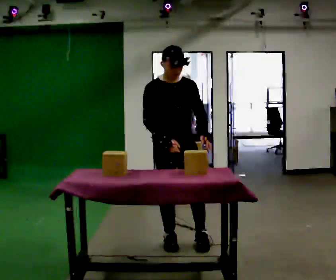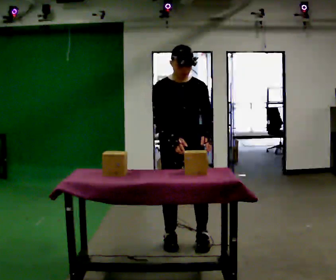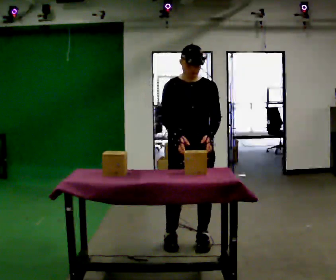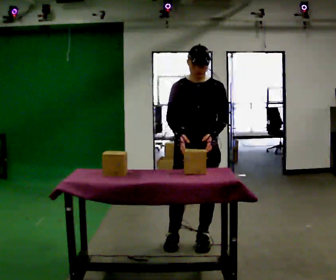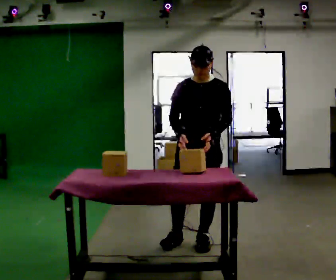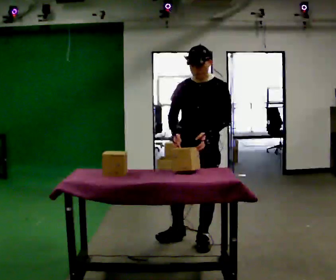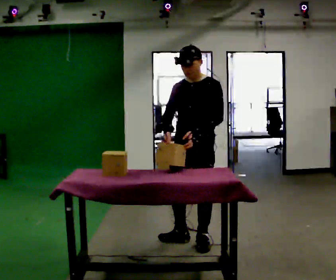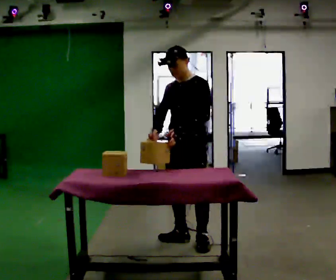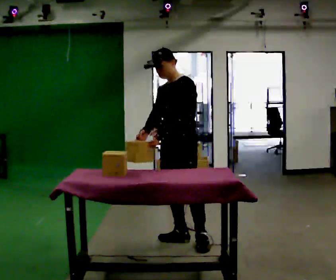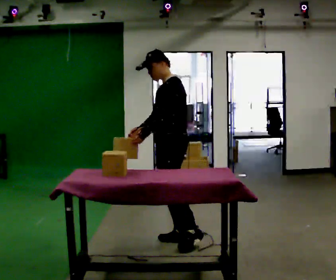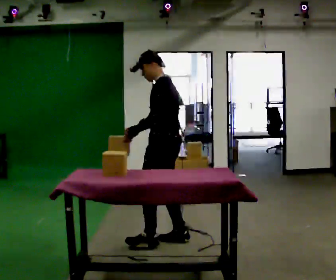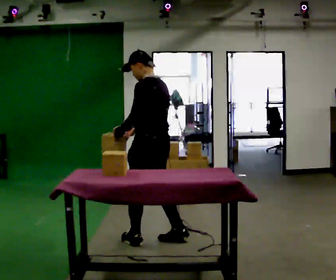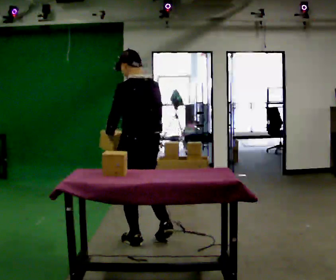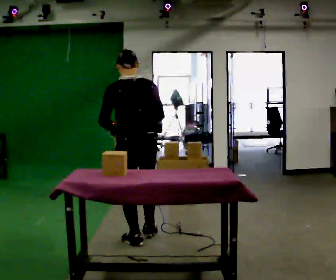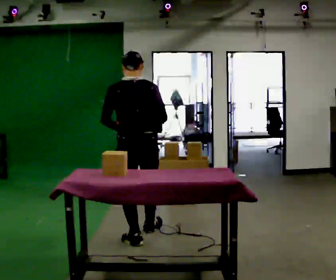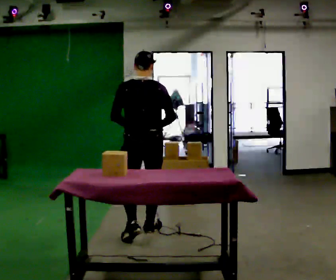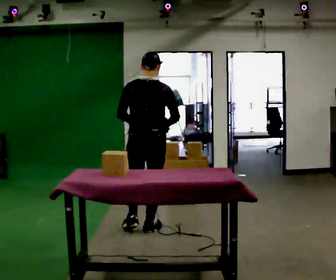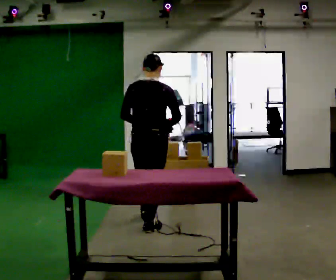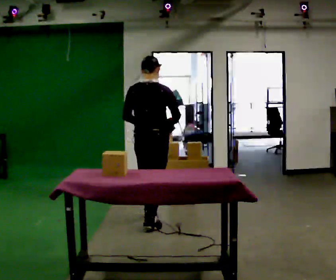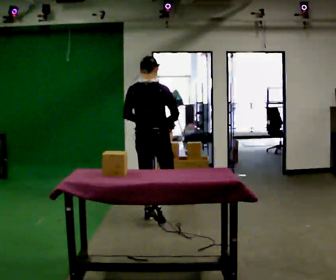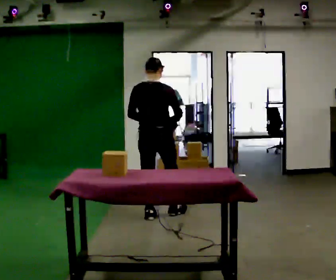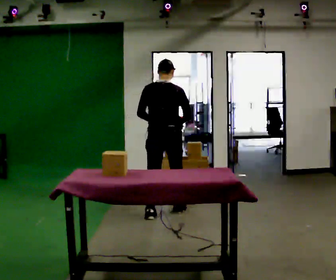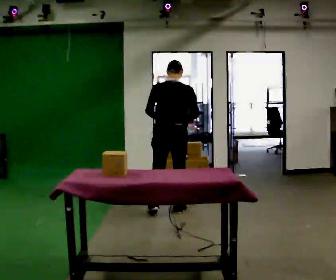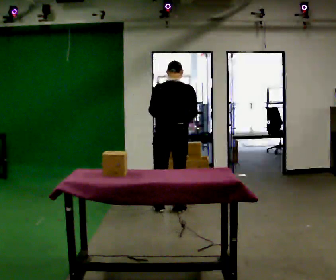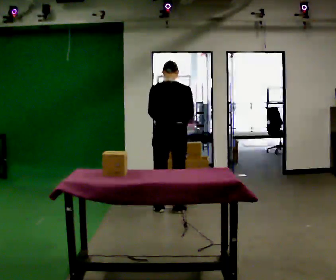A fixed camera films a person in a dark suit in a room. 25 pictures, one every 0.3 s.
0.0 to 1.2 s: Seen from above the body turns clockwise, about 30 degrees: to their right, with its near side sliding to the left. In the picture they go to the right, about 0.25 m, which for them is to their left.
1.2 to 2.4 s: The part of the body nearest the lens slides to the left as the person turns to their right by about 45 degrees. In the picture they go to the left, about 0.25 m, which for them is to their right.
2.4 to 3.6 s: The part of the body nearest the lens slides to the left as the person turns to their right by about 90 degrees. In the picture they go to the left, about 0.25 m in 1 step.
3.6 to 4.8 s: The part of the body nearest the lens slides to the left as the person turns to their right by about 45 degrees. In the picture they go away from the camera, about 0.5 m in 1 step, which for them is forward.
4.8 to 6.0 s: In the picture they go away from the camera, about 0.5 m in 1 step, which for them is forward.
6.0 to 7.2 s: In the picture they go away from the camera and to the right, about 0.25 m in 2 steps, which for them is forward and to their right.
The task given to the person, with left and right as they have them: Clear everything off the table and put it away on the shelf, in as many trips as you need. Keep going until the operator says stop; one object at a time, and do not rush between trips.
The film runs forward here.
